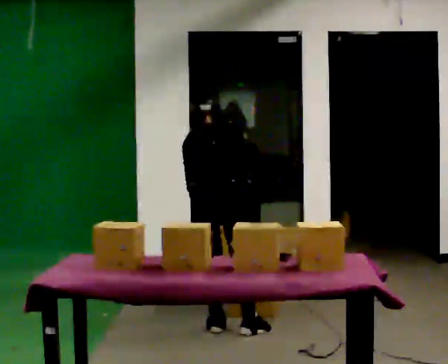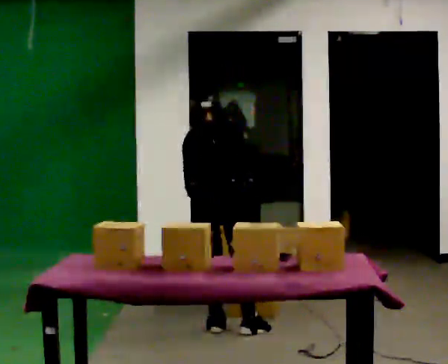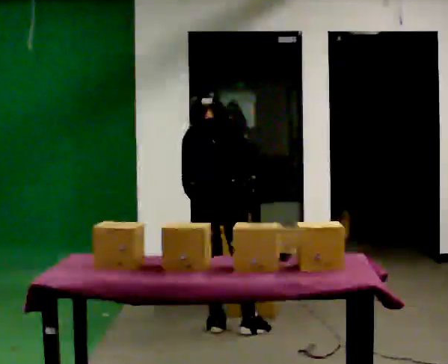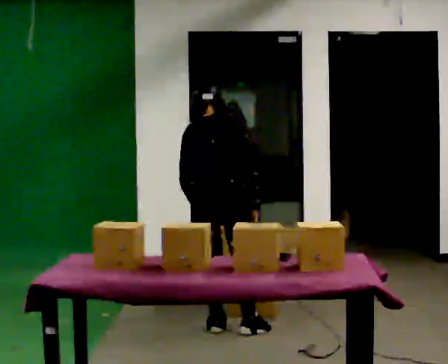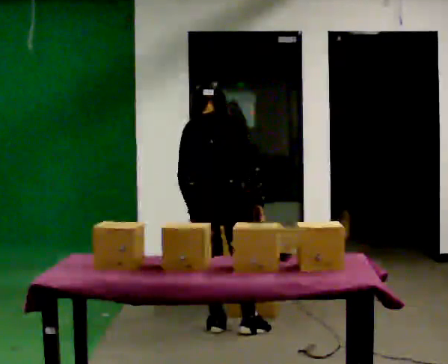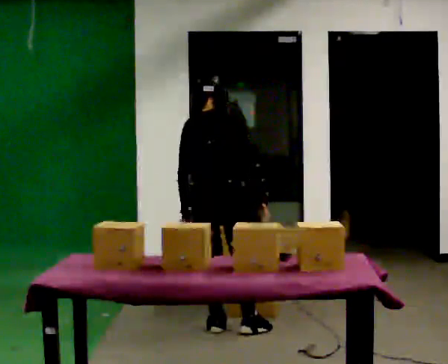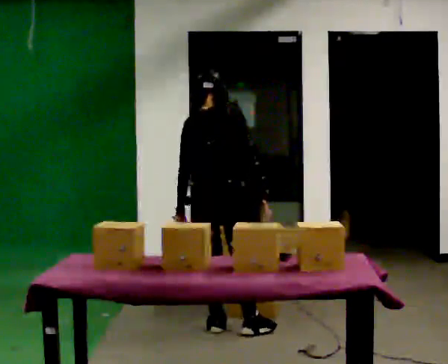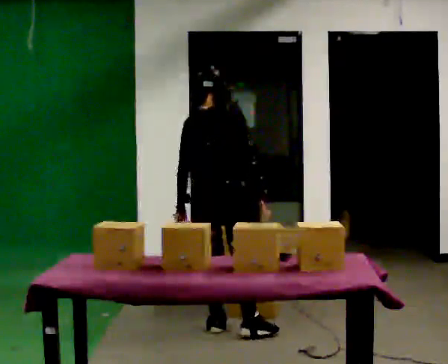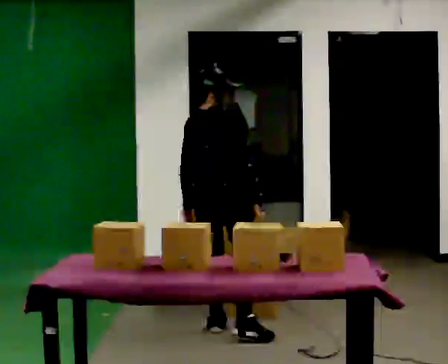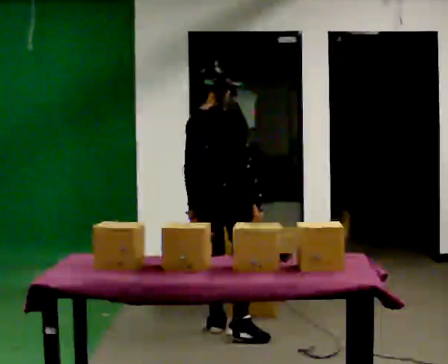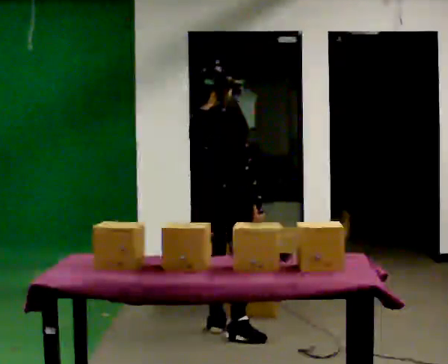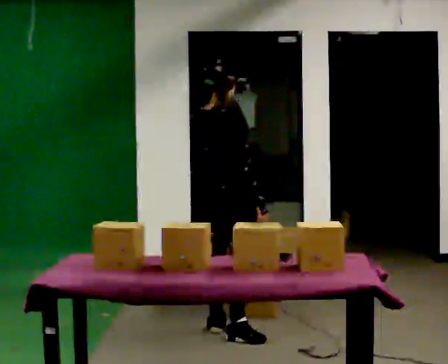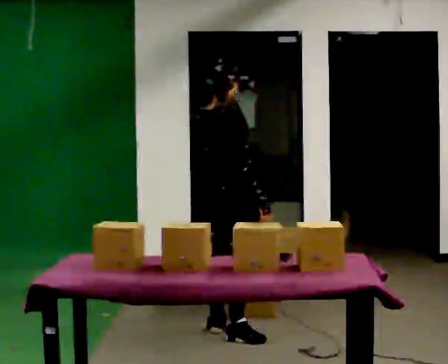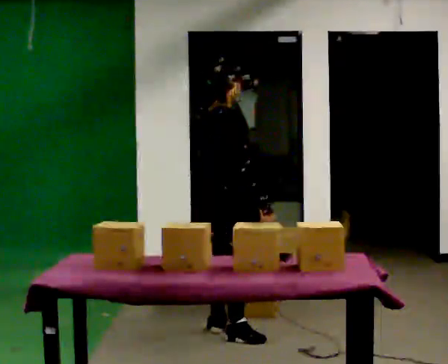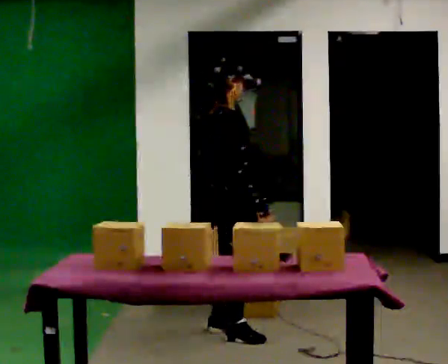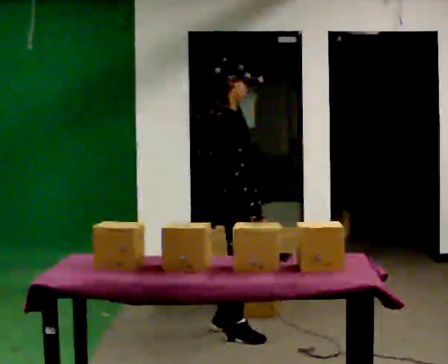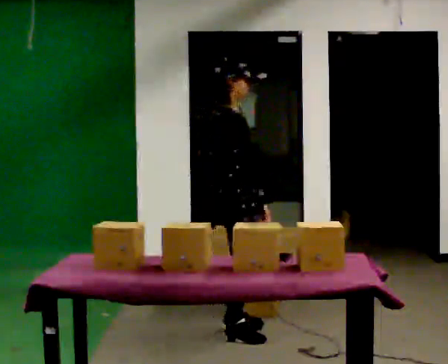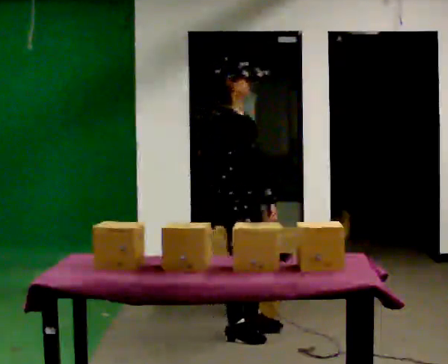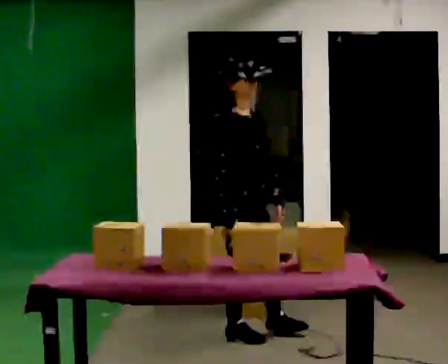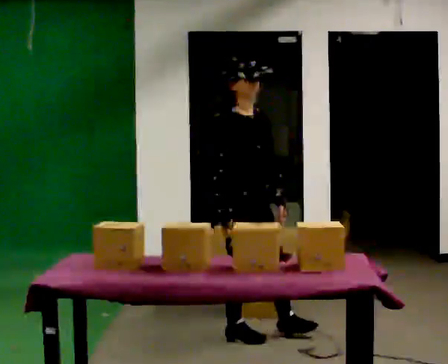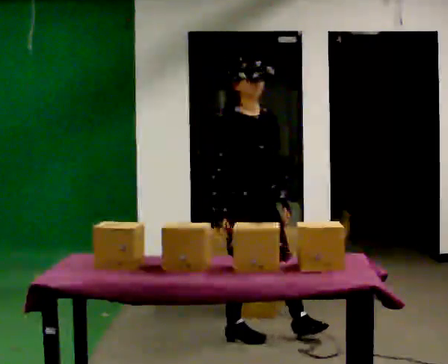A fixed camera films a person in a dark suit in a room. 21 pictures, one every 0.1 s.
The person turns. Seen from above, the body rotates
clockwise.
The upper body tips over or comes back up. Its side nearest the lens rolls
downward.
0.0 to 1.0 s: The part of the body nearest the lens slides to the left as the person turns to their right by about 30 degrees. The upper body tips toward the camera, its near side rolling downward, as they lean back or straighten.
1.0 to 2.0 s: The part of the body nearest the lens slides to the left as the person turns to their right by about 90 degrees. In the picture they go to the right, about 0.25 m. In the picture their left hand goes to the right.
The film runs forward here.
